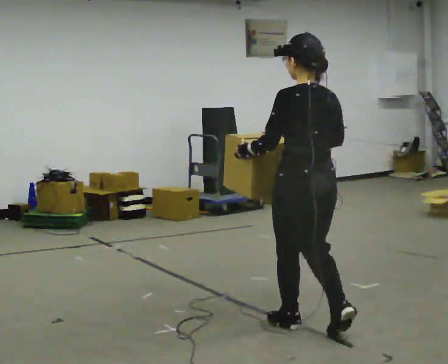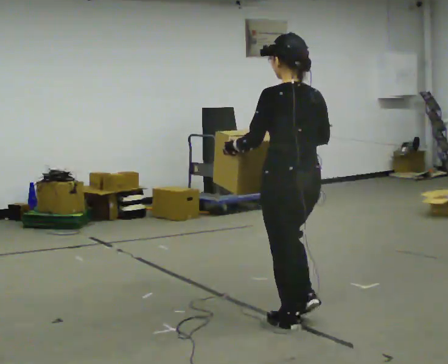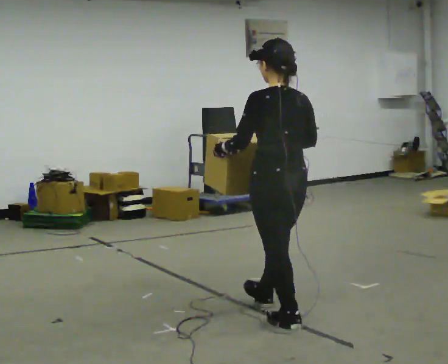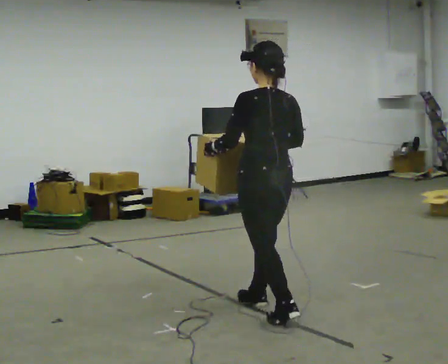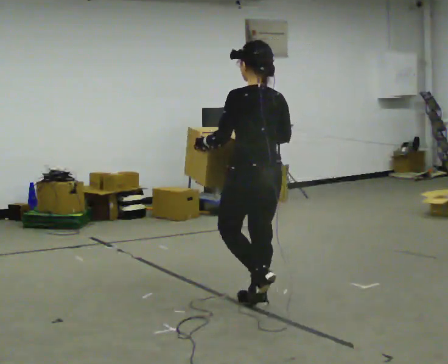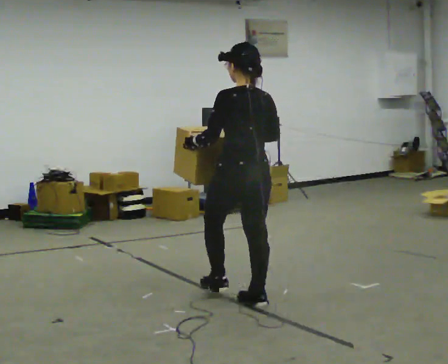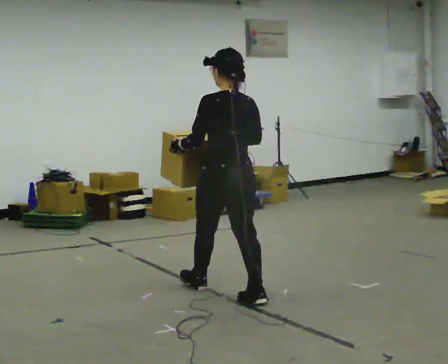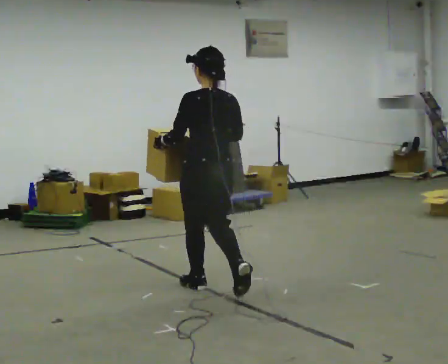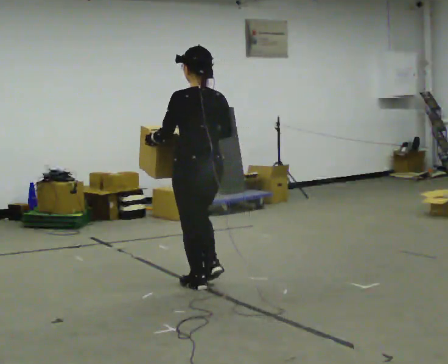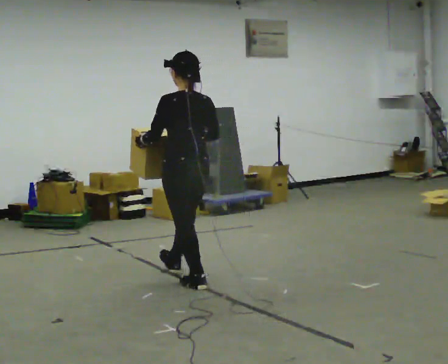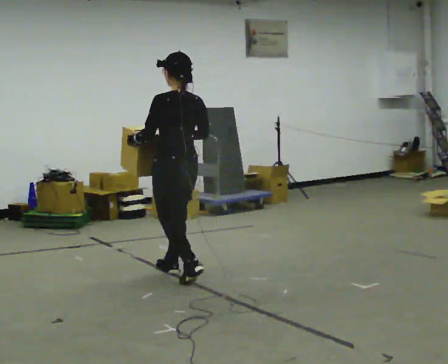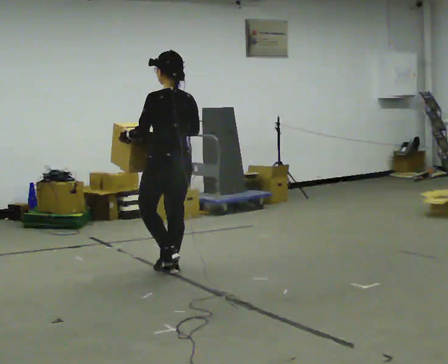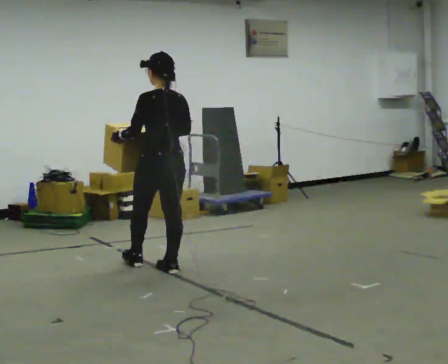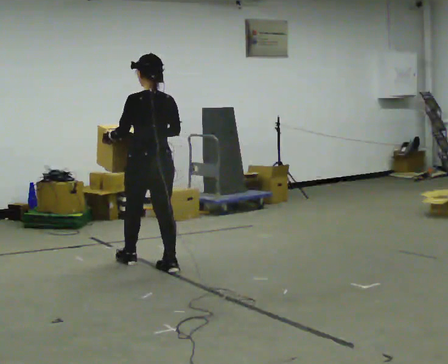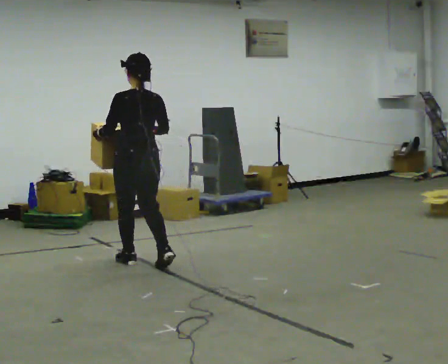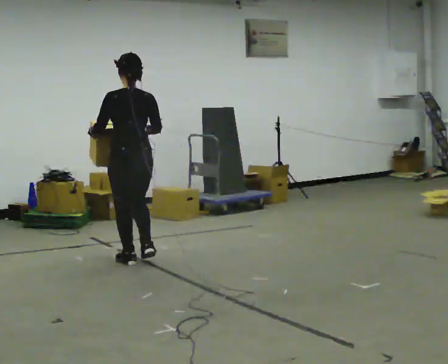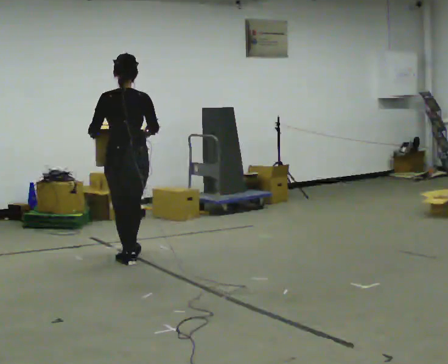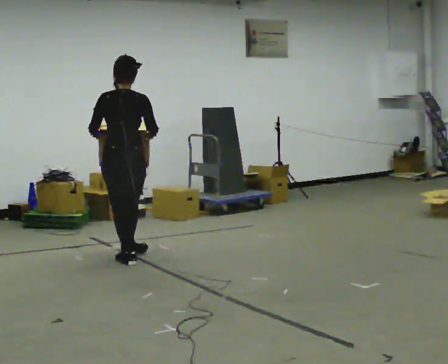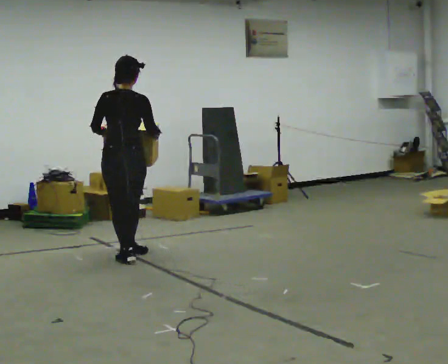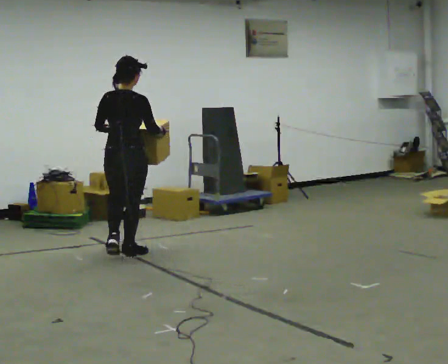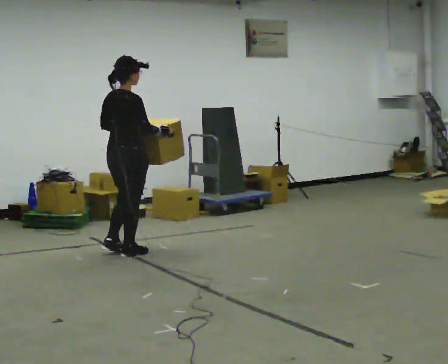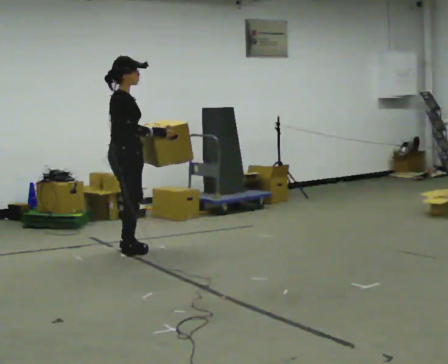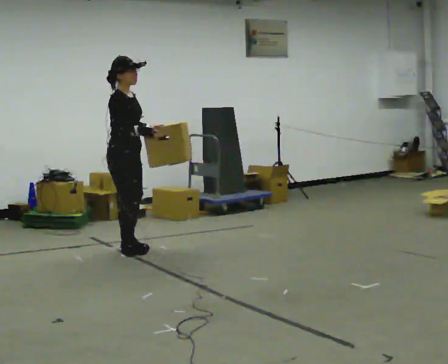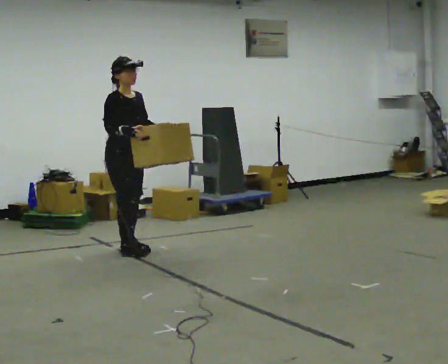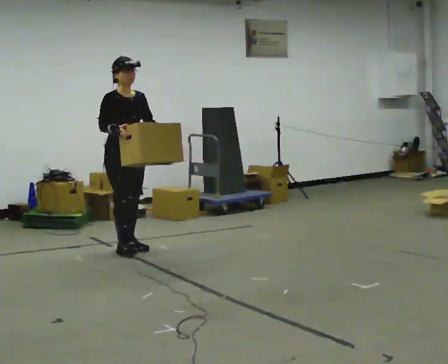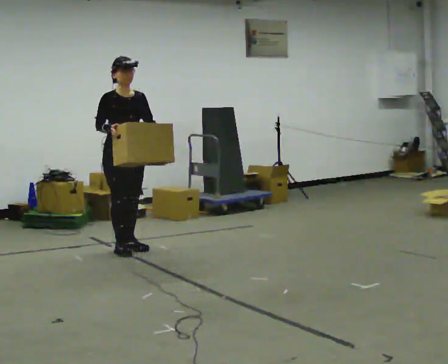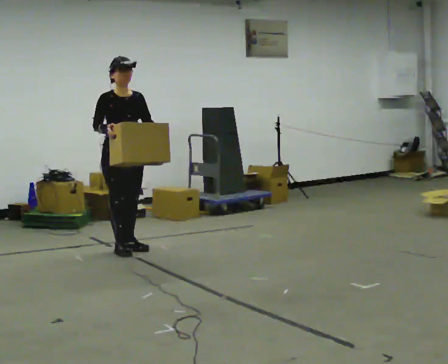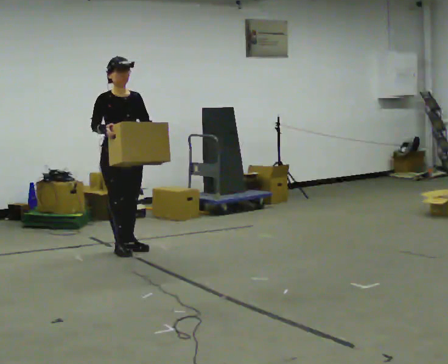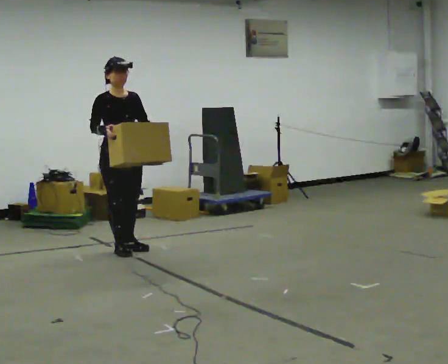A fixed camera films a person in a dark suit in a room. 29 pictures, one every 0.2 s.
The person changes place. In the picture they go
away from the camera.
The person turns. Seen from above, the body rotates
clockwise.
0.0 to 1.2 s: In the picture they go away from the camera and to the left, about 1 m in 2 steps, which for them is forward.
1.2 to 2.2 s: In the picture they go away from the camera and to the left, about 1 m in 1 step, which for them is forward.
2.2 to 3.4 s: Seen from above the body turns clockwise, about 30 degrees: to their right, with its near side sliding to the left. In the picture they go away from the camera and to the left, about 0.5 m in 2 steps, which for them is forward and to their left.
3.4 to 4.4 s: Seen from above the body turns clockwise, about 120 degrees: to their right, with its near side sliding to the left. In the picture they go away from the camera, about 0.25 m in 1 step.
4.4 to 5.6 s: The part of the body nearest the lens slides to the left as the person turns to their right by about 45 degrees.
The film runs forward here.
